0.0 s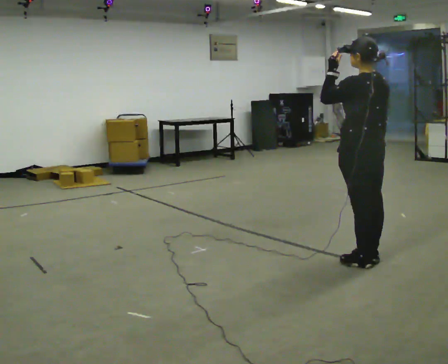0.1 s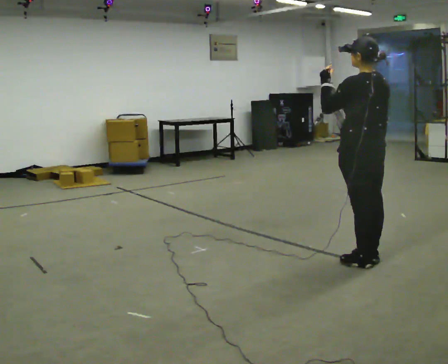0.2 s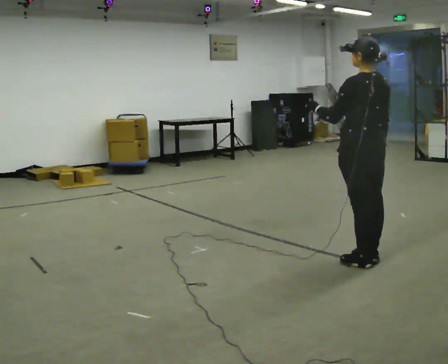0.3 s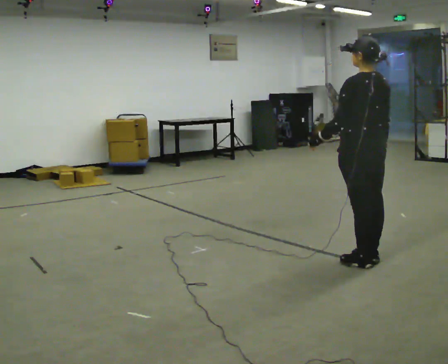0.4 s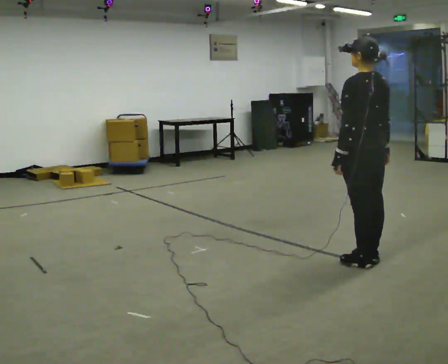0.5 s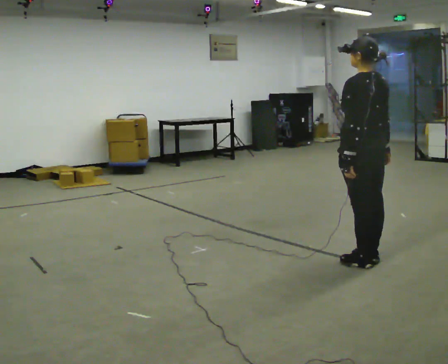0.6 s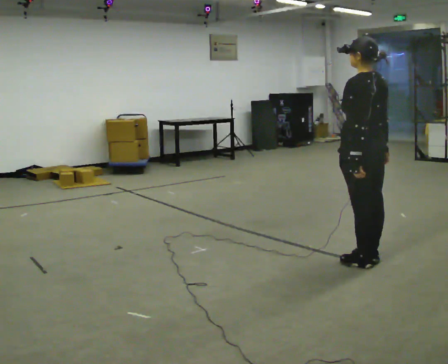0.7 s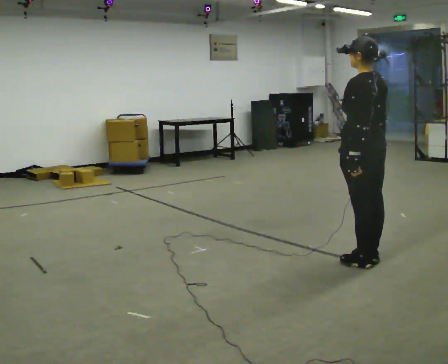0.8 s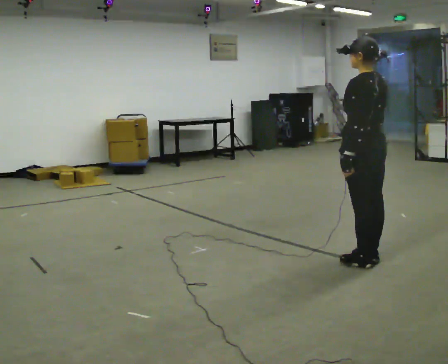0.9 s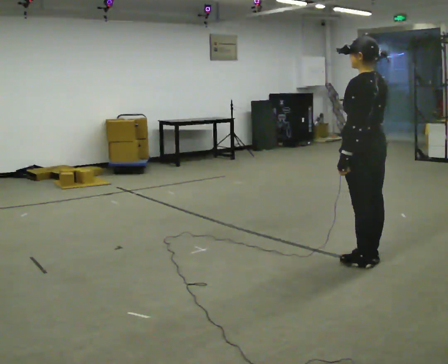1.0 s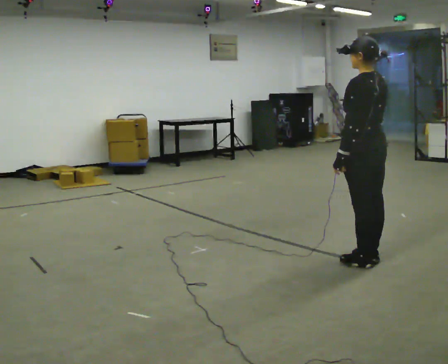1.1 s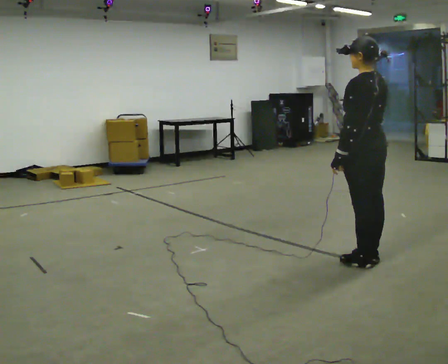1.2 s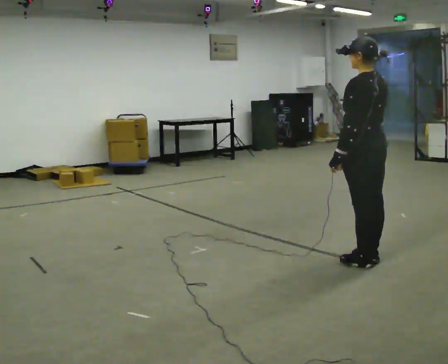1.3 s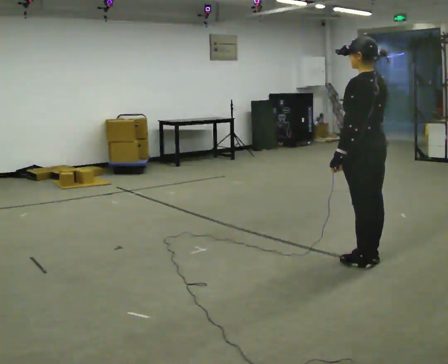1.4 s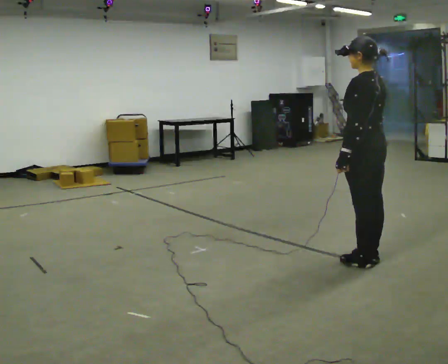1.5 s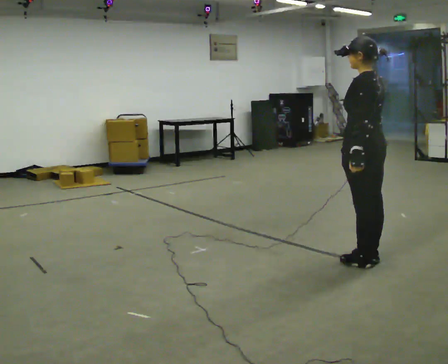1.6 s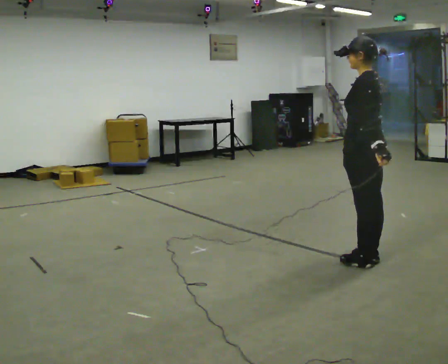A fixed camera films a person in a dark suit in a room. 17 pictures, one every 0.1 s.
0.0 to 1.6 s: The part of the body nearest the lens slides to the right as the person turns to their left by about 30 degrees. In the picture their left hand goes downward and to the right.
The film runs forward here.
